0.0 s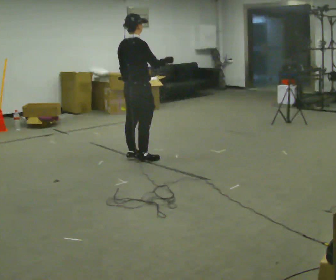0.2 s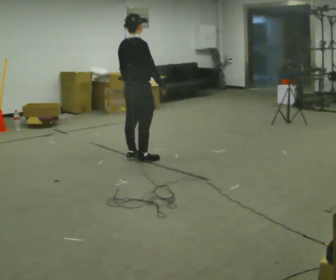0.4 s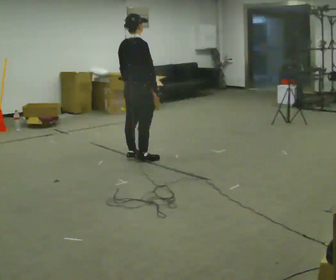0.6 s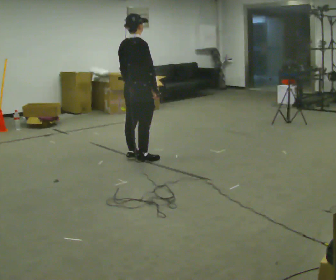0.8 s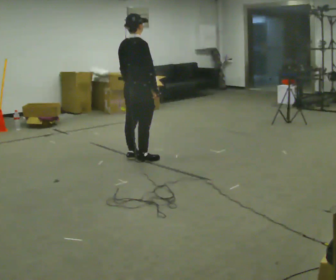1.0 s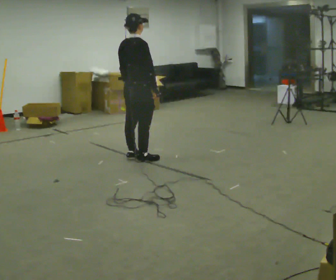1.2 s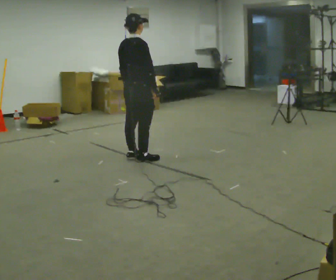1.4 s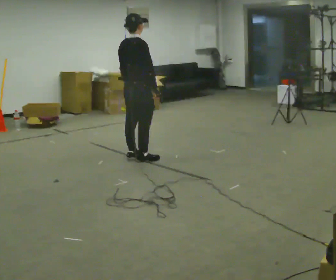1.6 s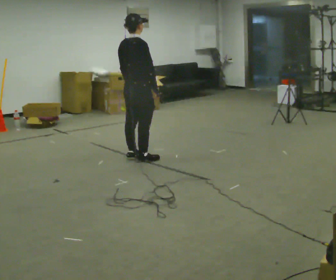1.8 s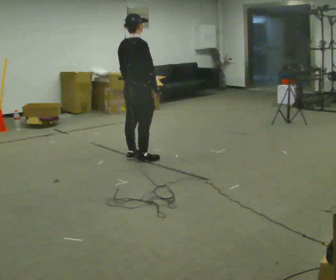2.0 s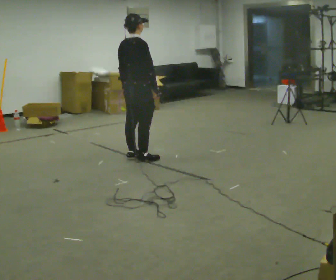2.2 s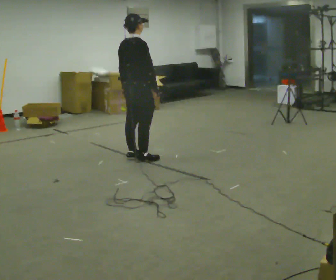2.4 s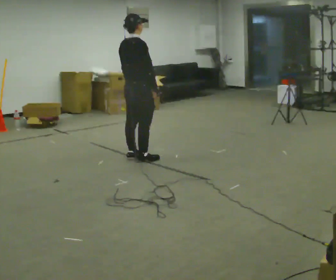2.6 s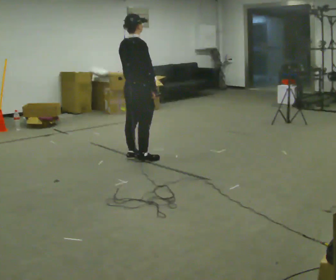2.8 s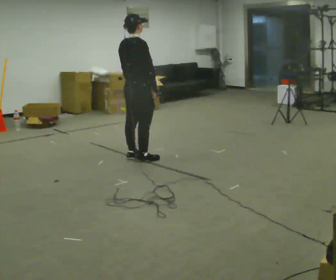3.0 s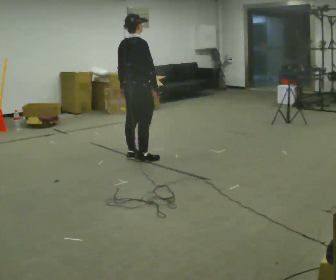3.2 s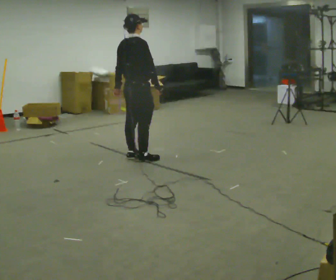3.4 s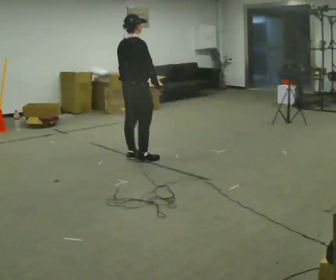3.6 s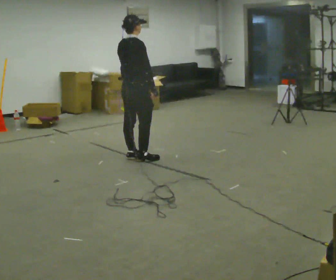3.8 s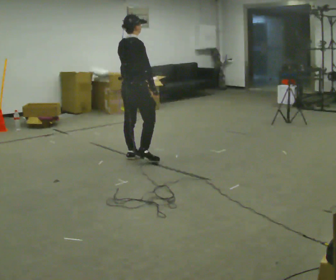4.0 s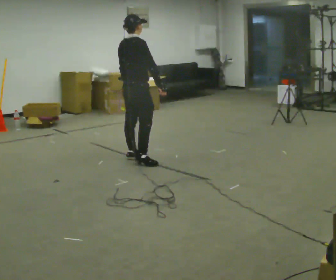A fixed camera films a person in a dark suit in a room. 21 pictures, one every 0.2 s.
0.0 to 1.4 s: In the picture their right hand goes downward, the arm swinging clockwise.
1.4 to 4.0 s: The person moves a little, or ends about where they began.
The film runs backward here.
